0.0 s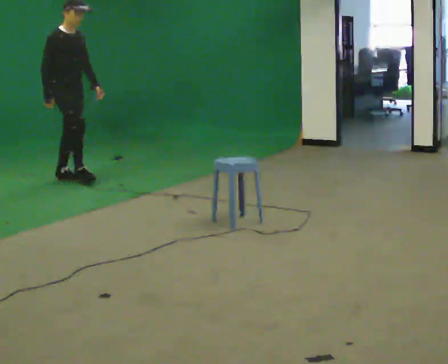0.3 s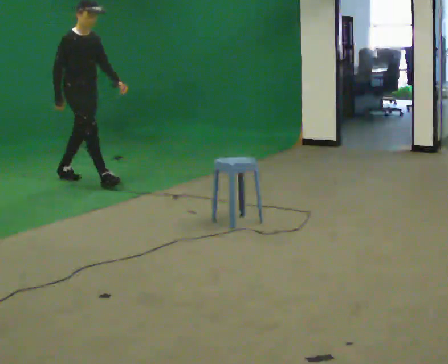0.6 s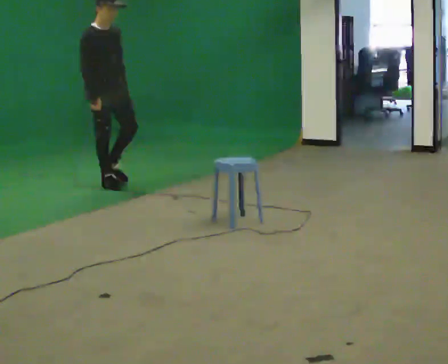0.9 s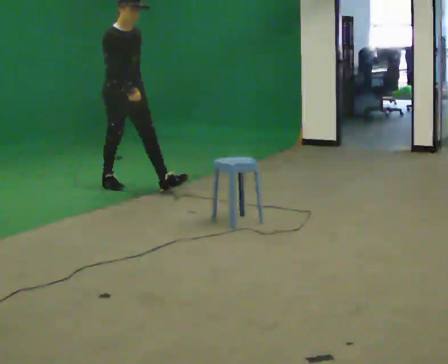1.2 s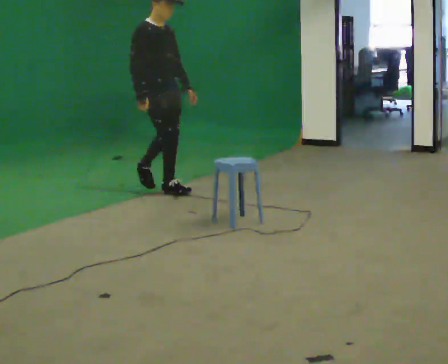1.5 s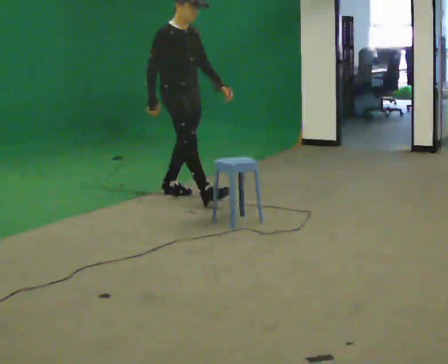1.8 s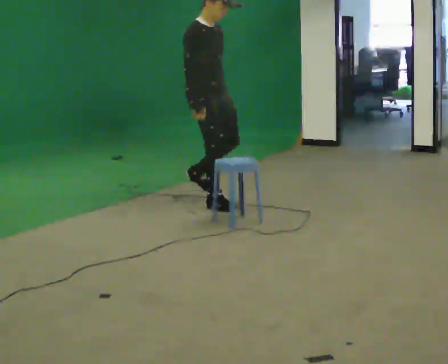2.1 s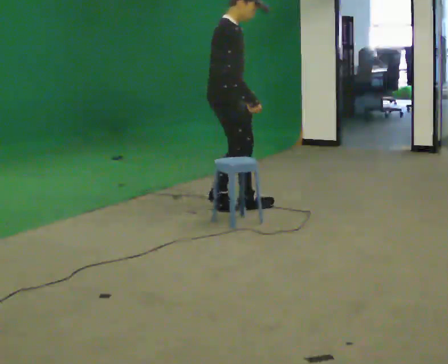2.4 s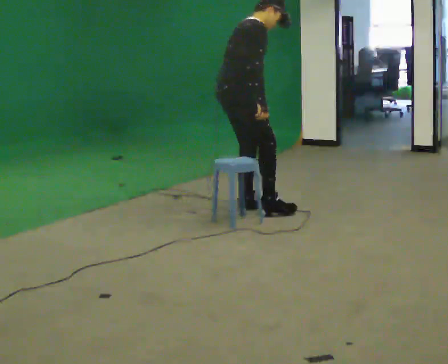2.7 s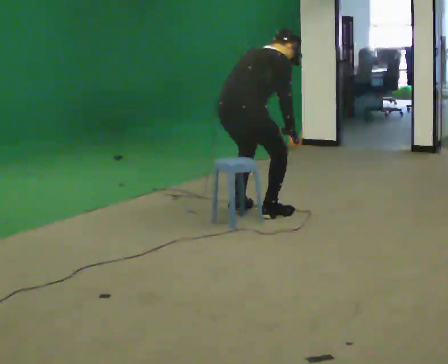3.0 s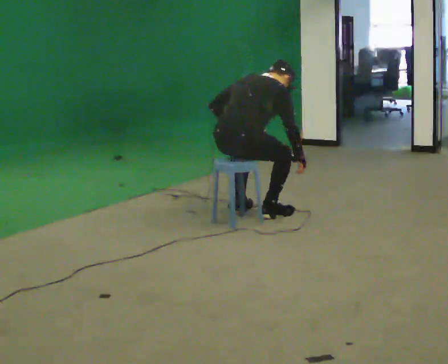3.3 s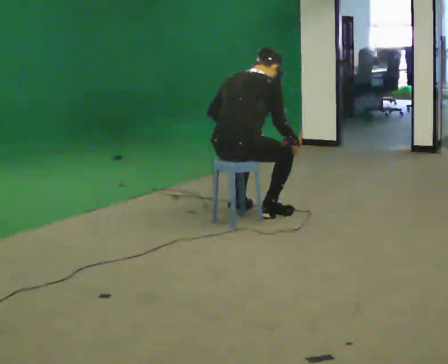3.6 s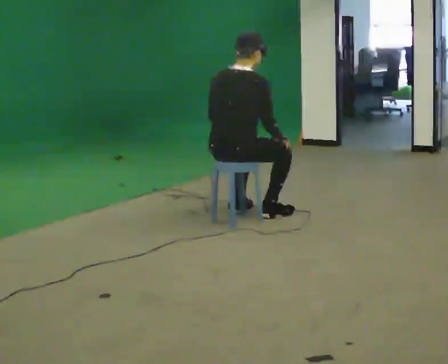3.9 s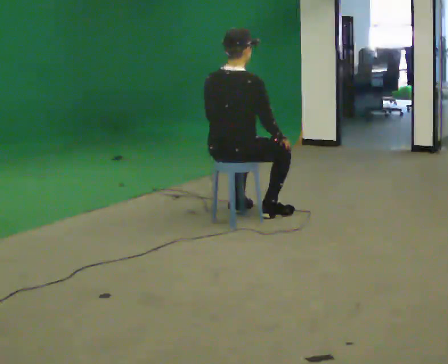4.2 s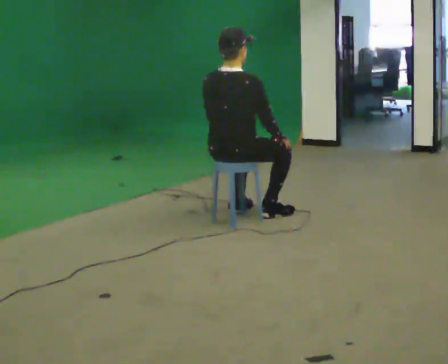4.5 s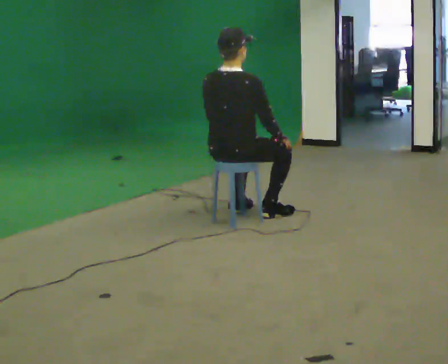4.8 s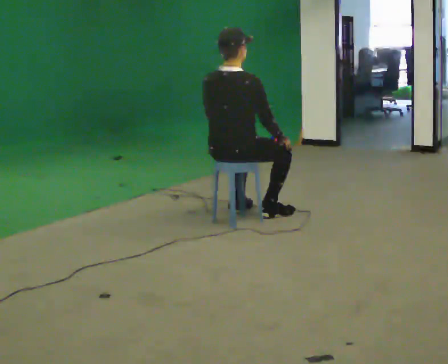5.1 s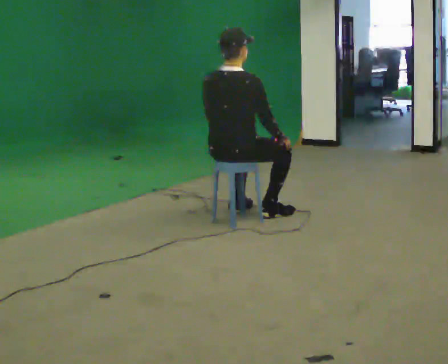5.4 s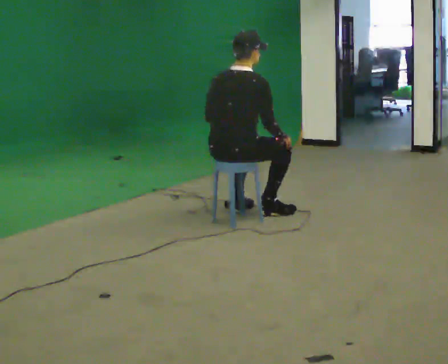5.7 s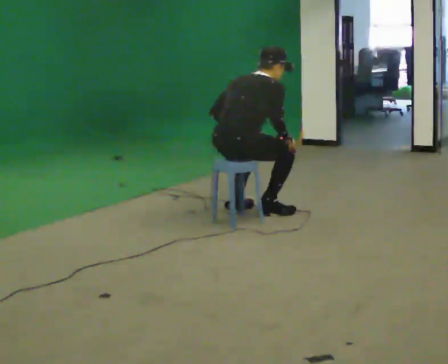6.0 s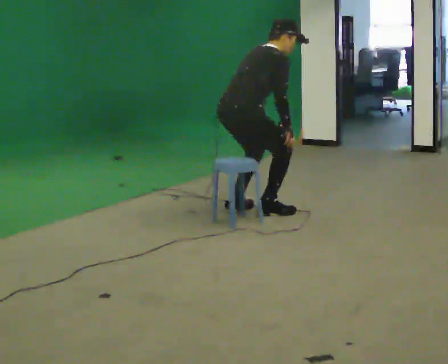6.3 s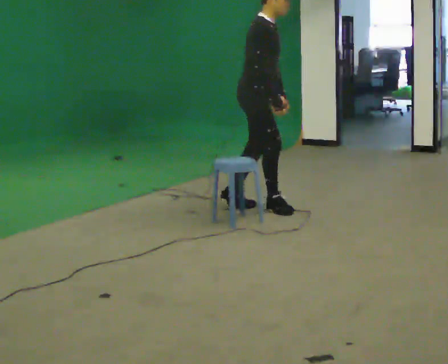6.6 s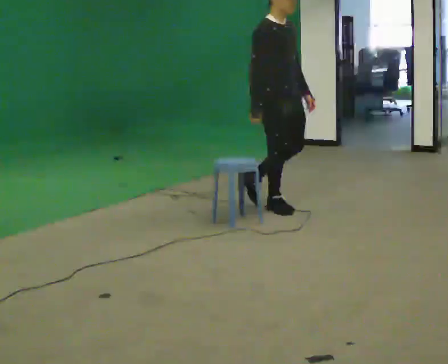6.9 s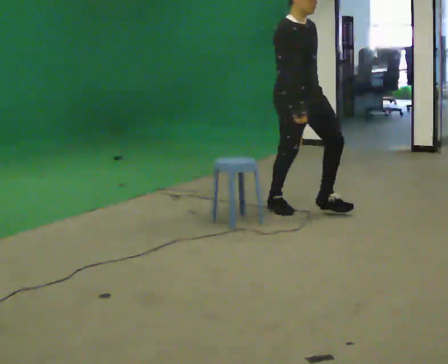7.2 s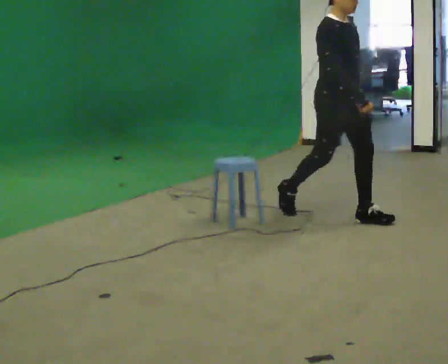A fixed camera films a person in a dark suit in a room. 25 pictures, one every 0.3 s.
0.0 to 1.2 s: In the picture they go to the right and toward the camera, about 1 m in 2 steps, which for them is forward.
1.2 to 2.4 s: The part of the body nearest the lens slides to the right as the person turns to their left by about 60 degrees. In the picture they go toward the camera and to the right, about 1 m in 2 steps, which for them is forward and to their right. The upper body tips away from the camera, its near side rolling upward, as they bend forward.
2.4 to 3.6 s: Seen from above the body turns counterclockwise, about 30 degrees: to their left, with its near side sliding to the right. In the picture they go toward the camera, about 0.25 m in 1 step, which for them is backward.
3.6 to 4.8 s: The person moves a little, or ends about where they began.
4.8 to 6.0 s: In the picture they go away from the camera, about 0.25 m, which for them is forward. In the picture the upper body tilts clockwise, shoulders to the right, as they bend forward.
6.0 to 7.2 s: The person turns about 75 degrees to their right, clockwise seen from above, so the part of the body nearest the lens slides to the left. In the picture they go to the right, about 0.5 m in 2 steps. The shoulders move upward. In the picture the upper body tilts counterclockwise, shoulders to the left, as they lean back or straighten.
The film runs forward here.
